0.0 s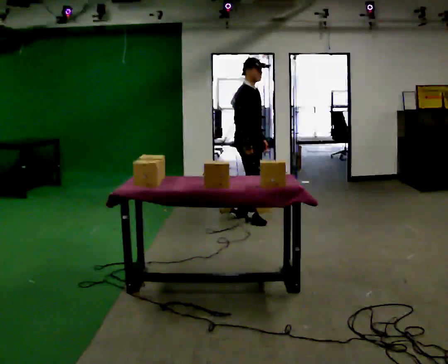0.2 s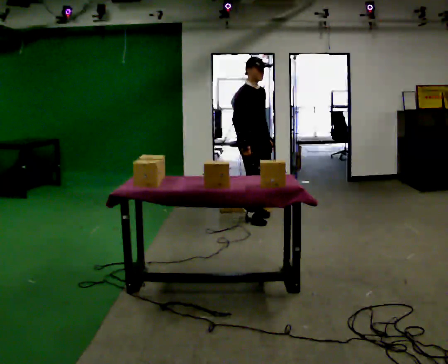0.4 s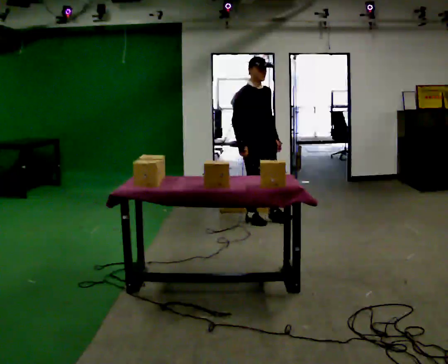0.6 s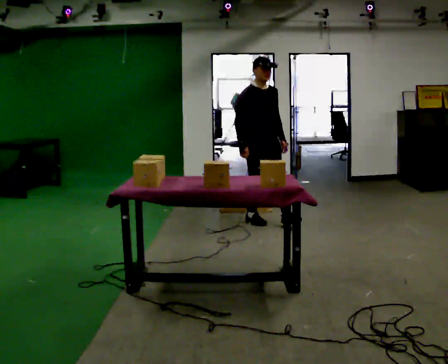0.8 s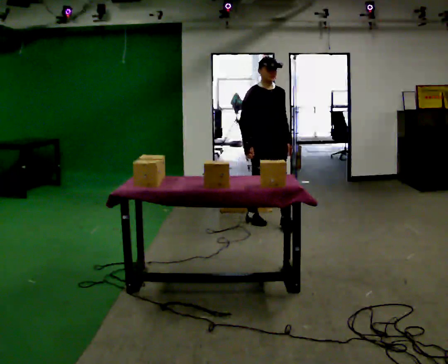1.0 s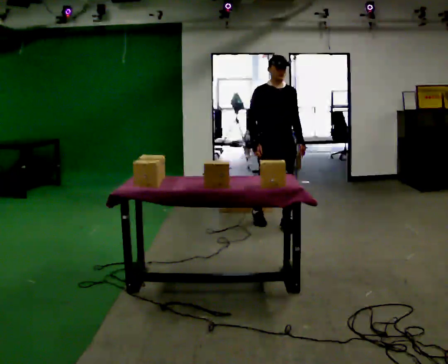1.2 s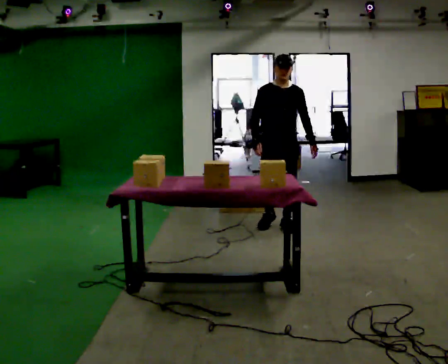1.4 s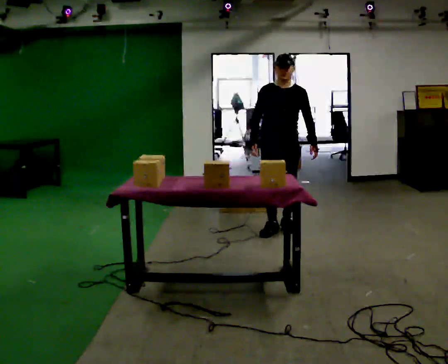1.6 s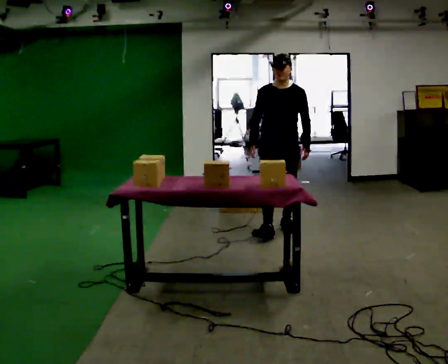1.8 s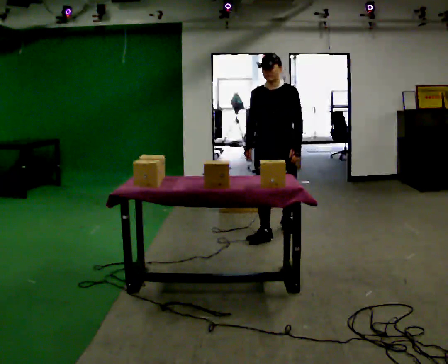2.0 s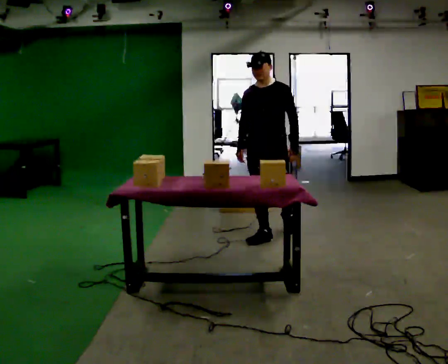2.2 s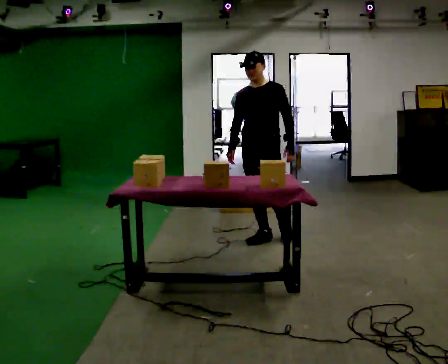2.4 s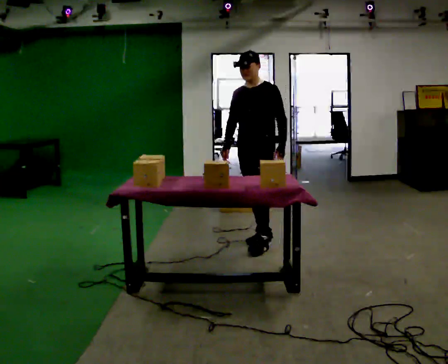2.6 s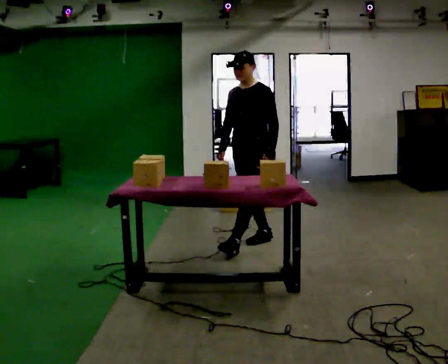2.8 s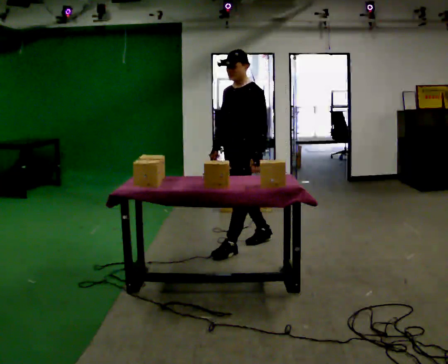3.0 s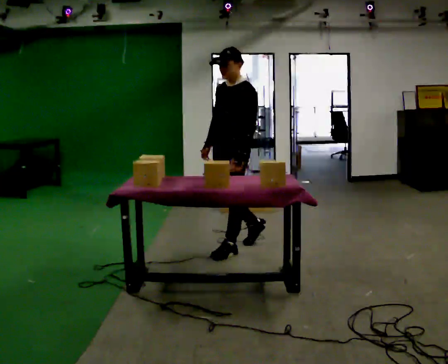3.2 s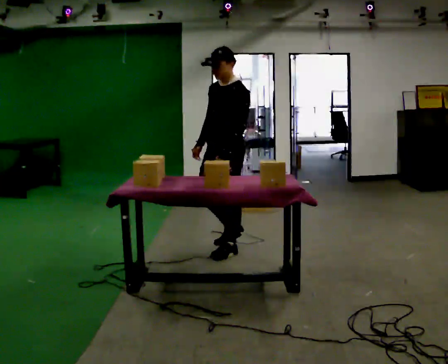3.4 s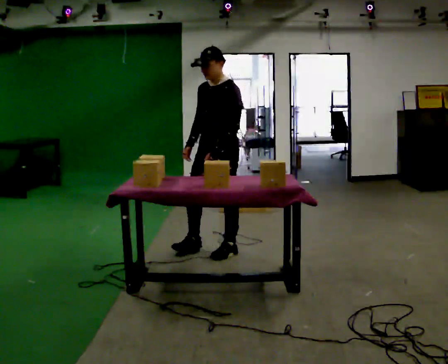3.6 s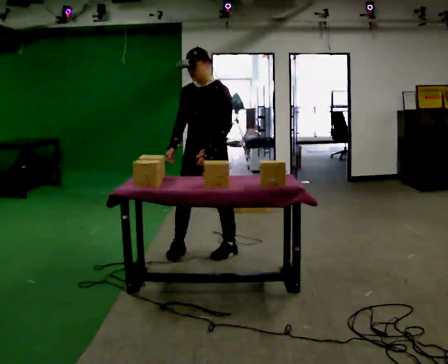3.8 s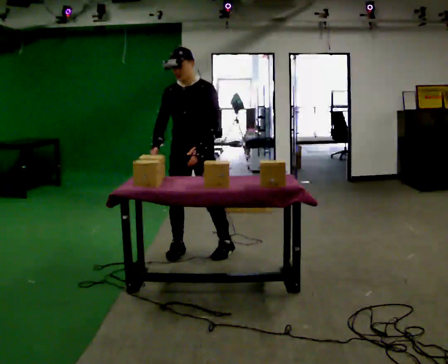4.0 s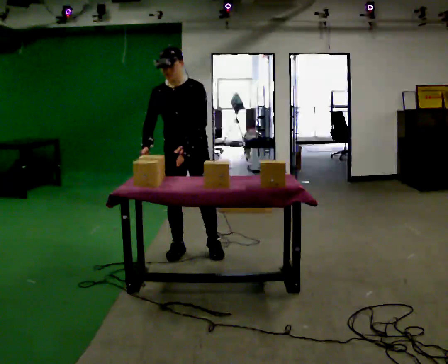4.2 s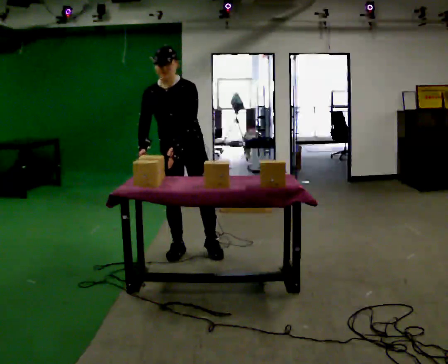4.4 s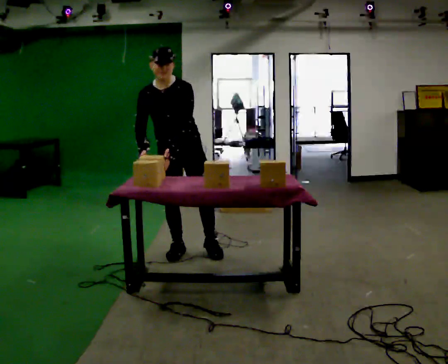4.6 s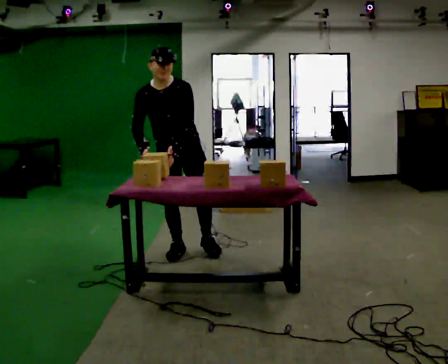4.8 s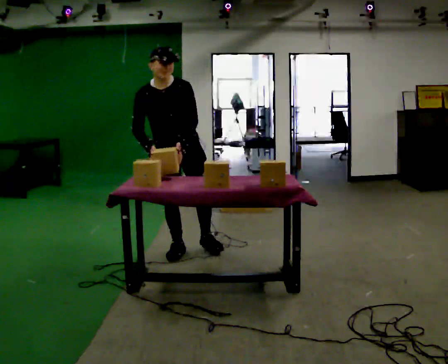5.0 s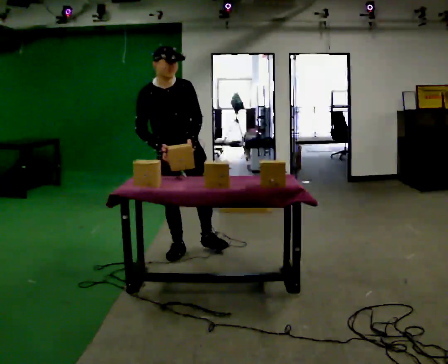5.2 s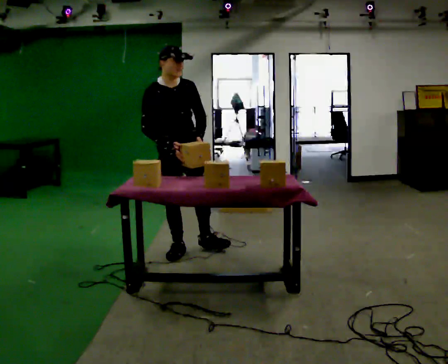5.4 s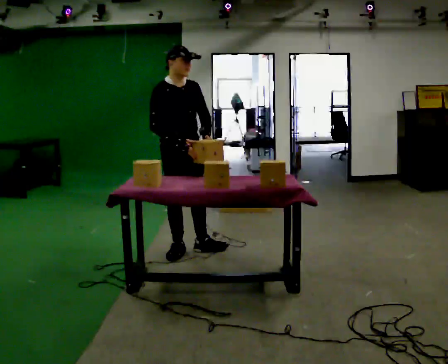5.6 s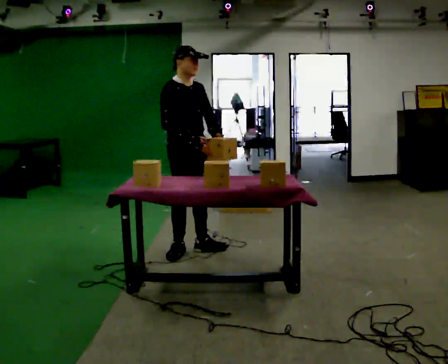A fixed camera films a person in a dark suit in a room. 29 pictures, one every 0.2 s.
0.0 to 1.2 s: The part of the body nearest the lens slides to the left as the person turns to their right by about 60 degrees. In the picture they go to the right and toward the camera, about 0.5 m in 1 step.
1.2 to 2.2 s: The part of the body nearest the lens slides to the left as the person turns to their right by about 30 degrees. In the picture they go toward the camera and to the left, about 0.5 m in 1 step, which for them is forward.
2.2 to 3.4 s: In the picture they go toward the camera and to the left, about 0.5 m in 1 step, which for them is forward.
3.4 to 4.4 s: Seen from above the body turns counterclockwise, about 45 degrees: to their left, with its near side sliding to the right. In the picture they go to the left, about 0.25 m in 2 steps, which for them is to their right. In the picture the upper body tilts counterclockwise, shoulders to the left, as they bend forward.
4.4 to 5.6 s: The person turns about 60 degrees to their left, counterclockwise seen from above, so the part of the body nearest the lens slides to the right. In the picture their left hand goes to the right.
The film runs forward here.
